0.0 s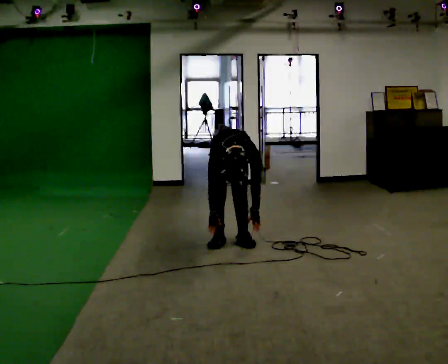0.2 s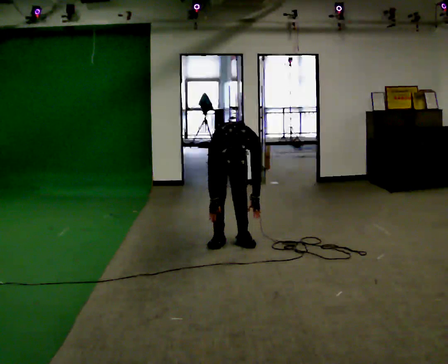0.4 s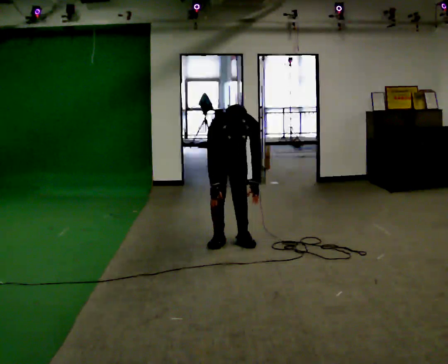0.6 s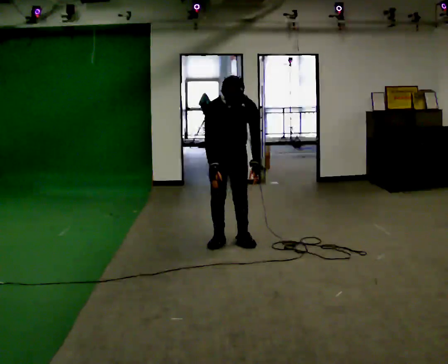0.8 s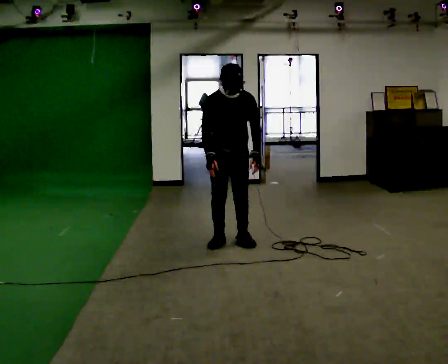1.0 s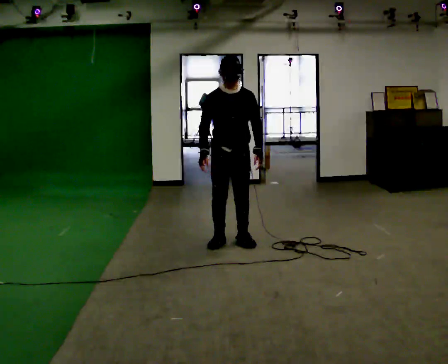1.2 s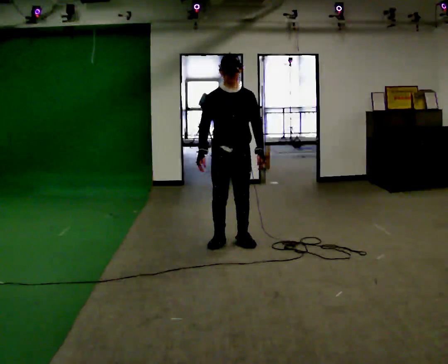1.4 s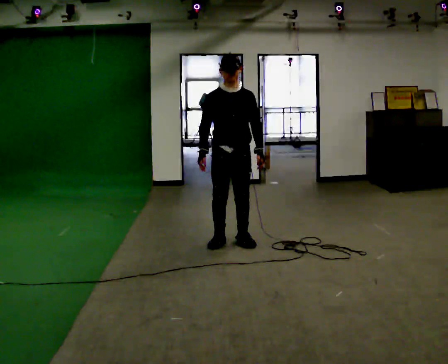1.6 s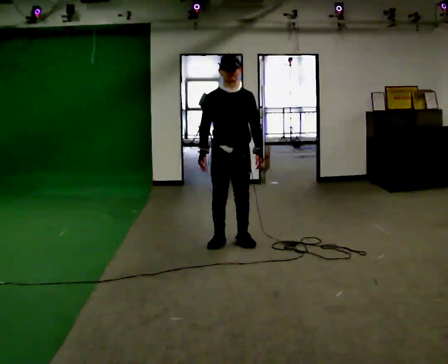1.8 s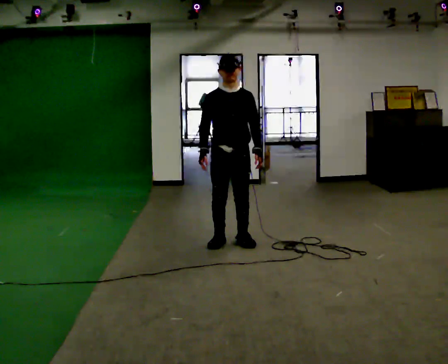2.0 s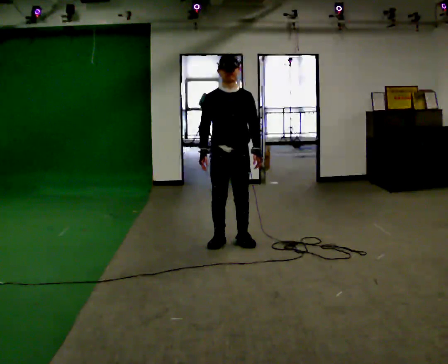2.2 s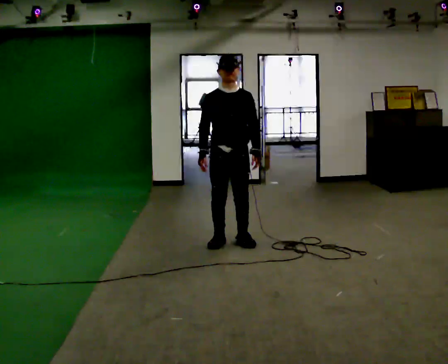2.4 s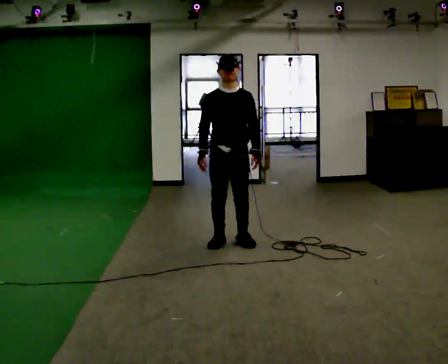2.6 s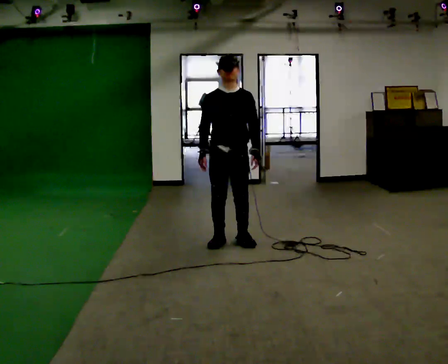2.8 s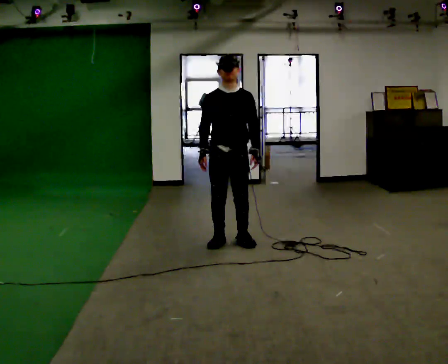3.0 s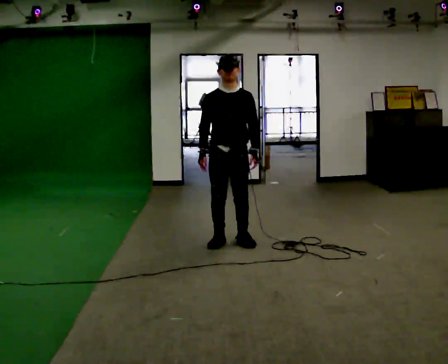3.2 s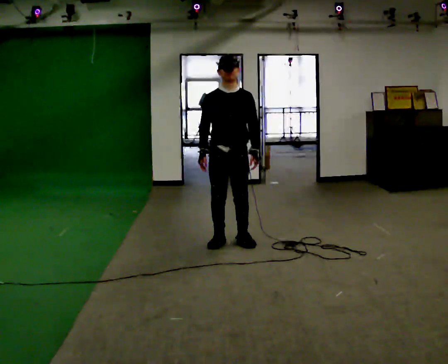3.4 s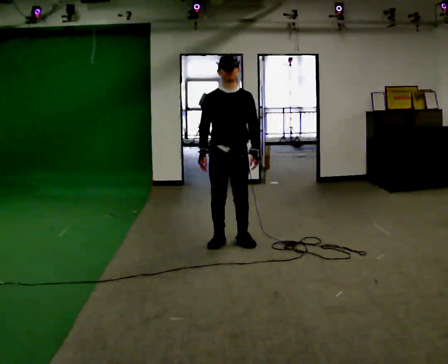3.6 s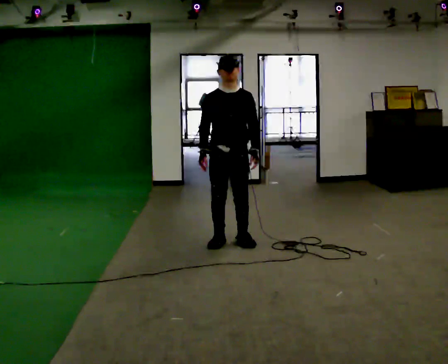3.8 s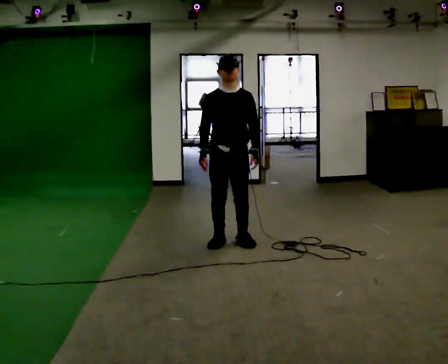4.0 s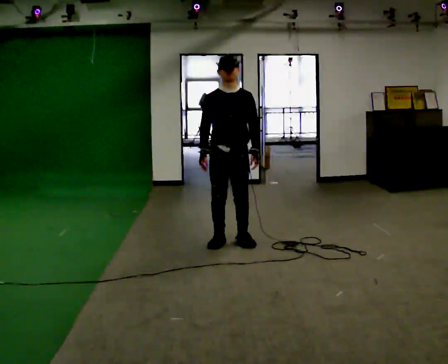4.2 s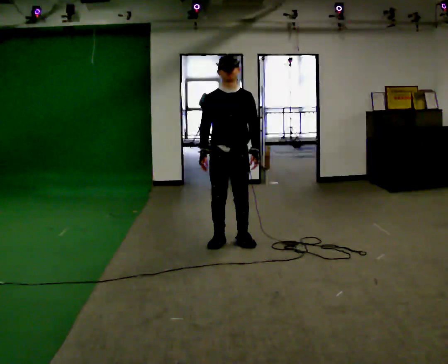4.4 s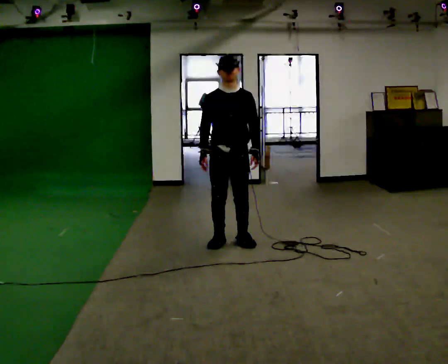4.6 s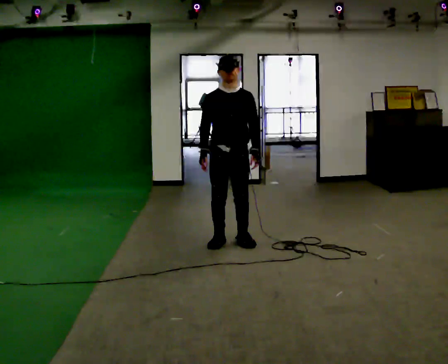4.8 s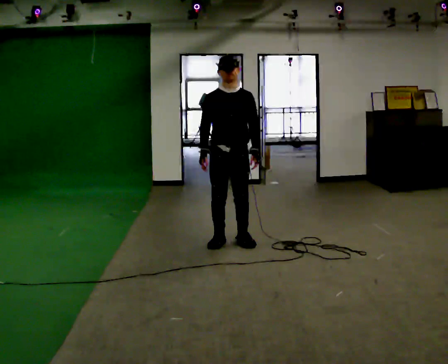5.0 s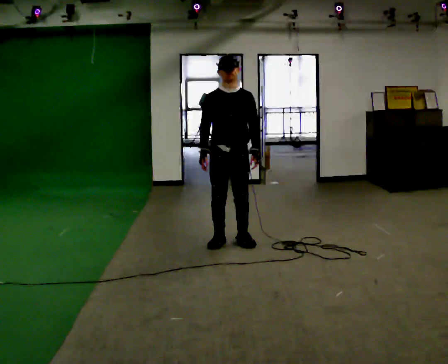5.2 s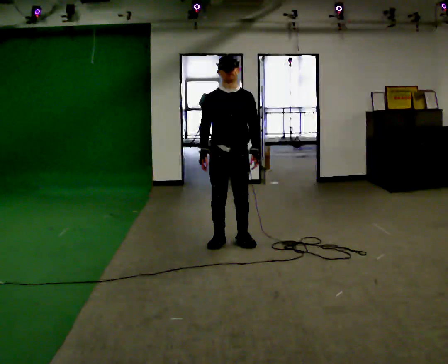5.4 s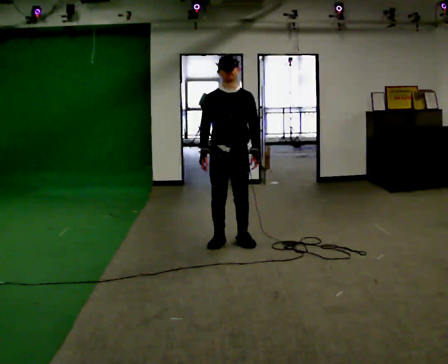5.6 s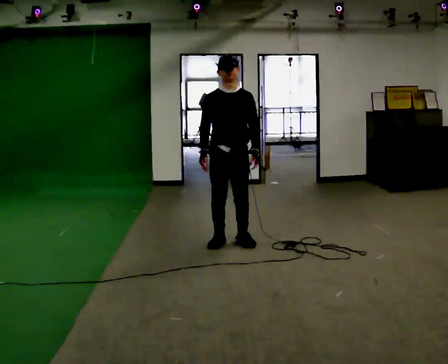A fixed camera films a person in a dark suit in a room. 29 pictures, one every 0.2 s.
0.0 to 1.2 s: In the picture they go toward the camera, about 0.25 m, which for them is forward. The shoulders move upward. The upper body tips away from the camera, its near side rolling upward, as they lean back or straighten. In the picture their right hand goes upward.
1.2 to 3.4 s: The person moves a little, or ends about where they began.
3.4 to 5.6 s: The person keeps their place and pose.
The film runs forward here.
